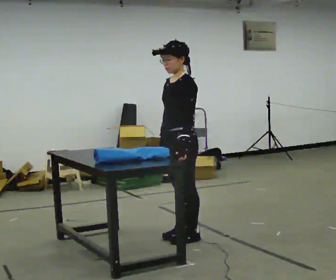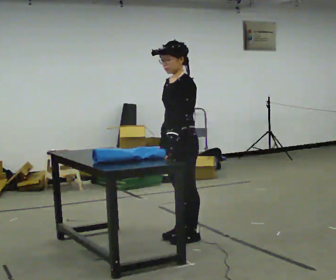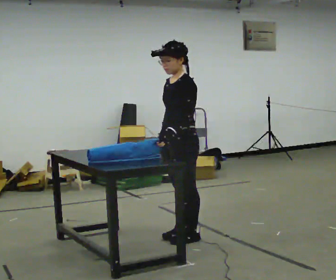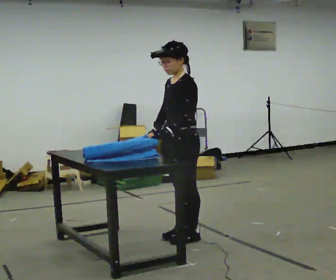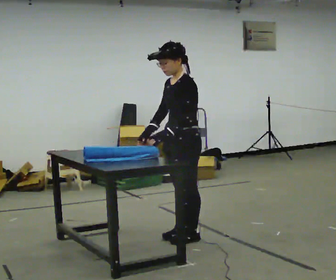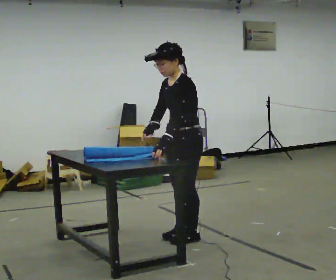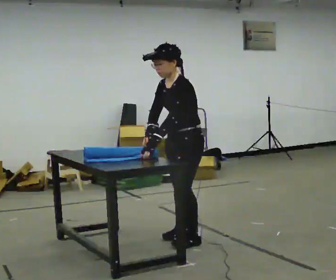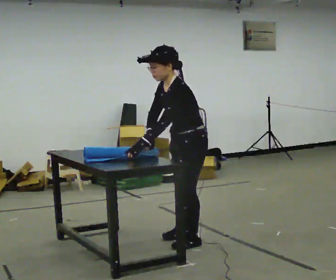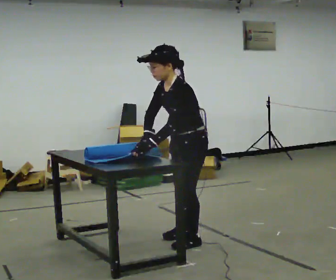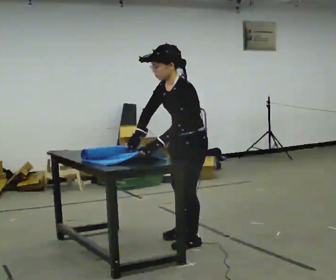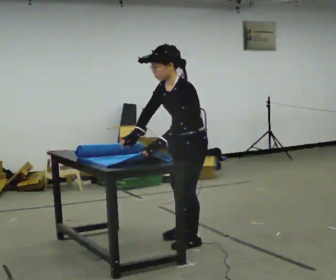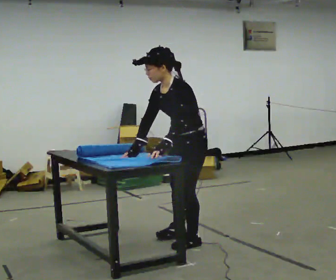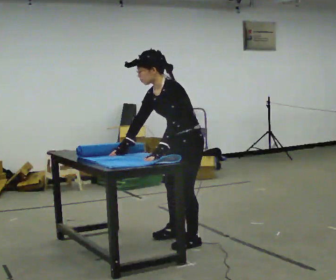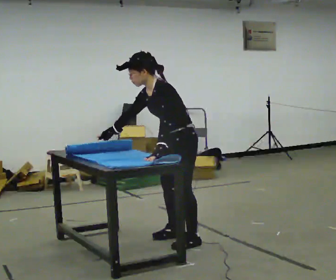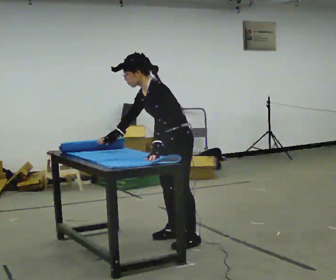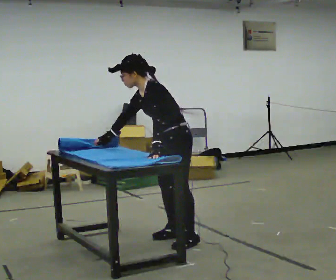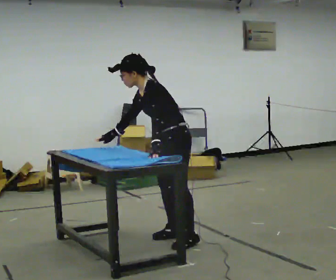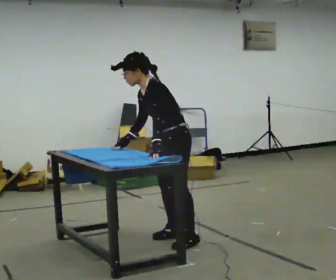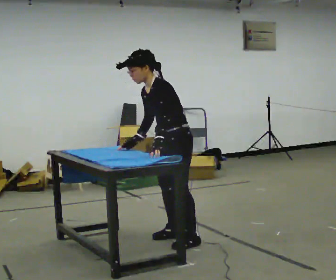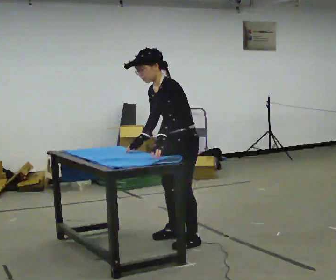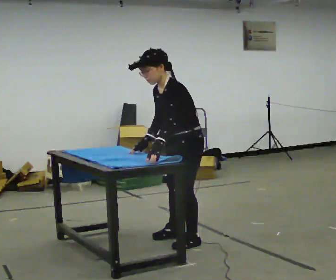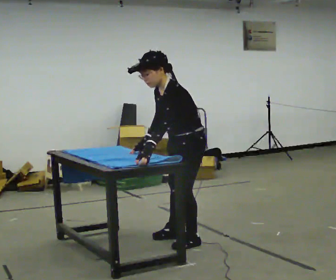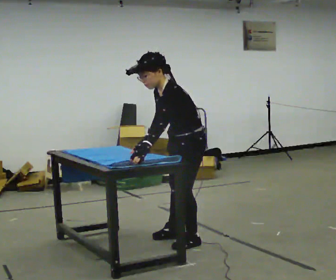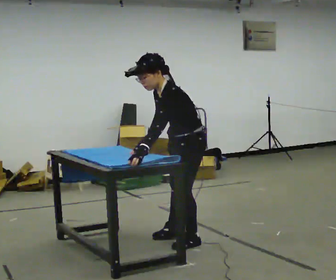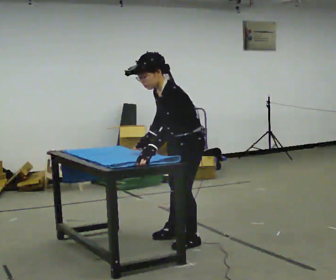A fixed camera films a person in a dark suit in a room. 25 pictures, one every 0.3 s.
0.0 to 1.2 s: The person moves a little, or ends about where they began.
1.2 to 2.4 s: In the picture they go toward the camera, about 0.25 m, which for them is to their left. In the picture the upper body tilts counterclockwise, shoulders to the left, as they bend forward.
2.4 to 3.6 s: The person moves a little, or ends about where they began.
3.6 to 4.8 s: In the picture they go away from the camera, about 0.25 m, which for them is to their right.
4.8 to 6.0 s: In the picture they go toward the camera, about 0.25 m, which for them is to their left.
6.0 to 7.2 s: The person moves a little, or ends about where they began.
The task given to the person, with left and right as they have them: Roll the mat up from one end, then unroll it again. Repeat at your own pace until the operator says stop.
The film runs forward here.
